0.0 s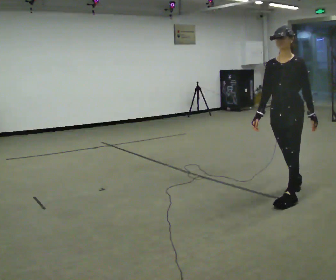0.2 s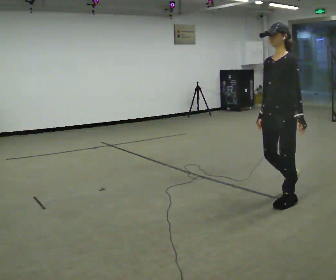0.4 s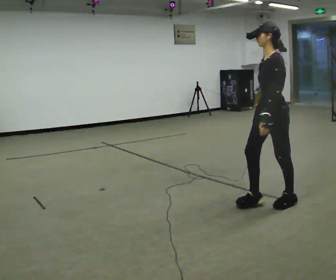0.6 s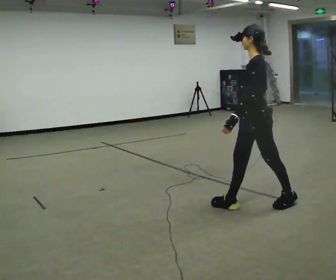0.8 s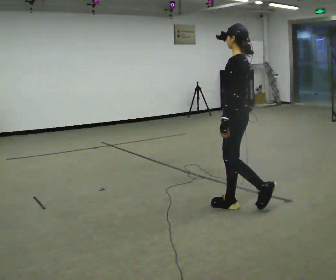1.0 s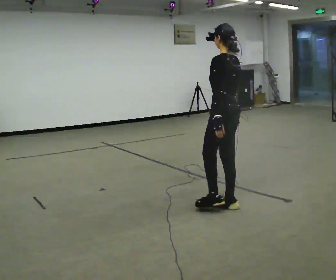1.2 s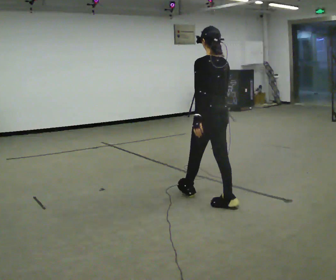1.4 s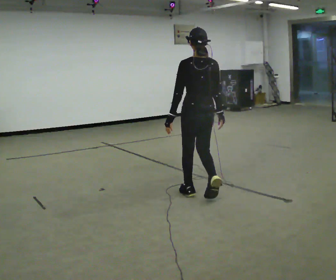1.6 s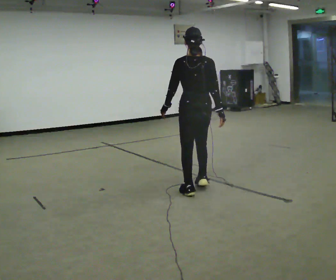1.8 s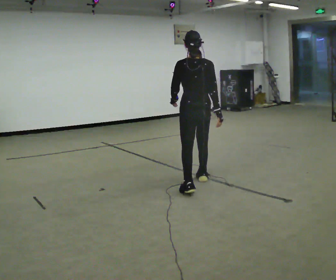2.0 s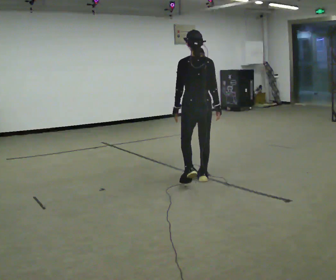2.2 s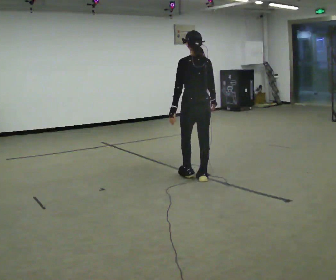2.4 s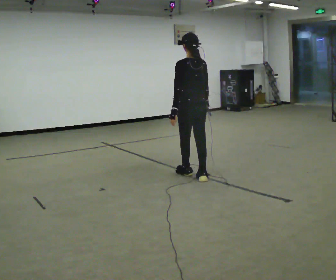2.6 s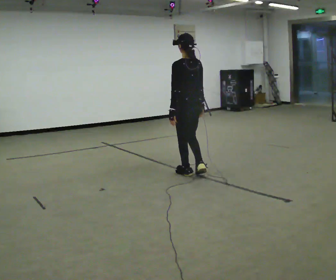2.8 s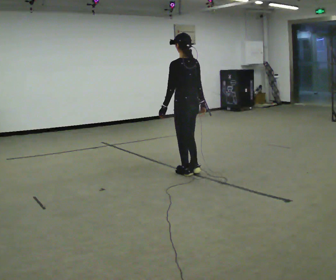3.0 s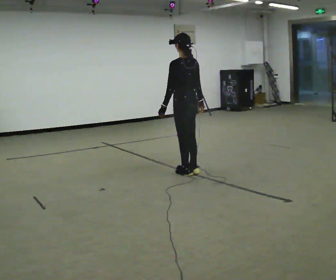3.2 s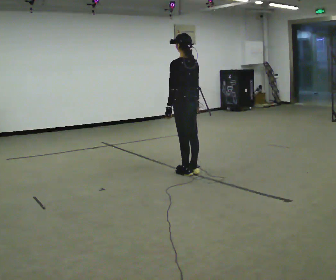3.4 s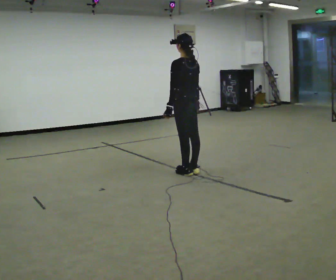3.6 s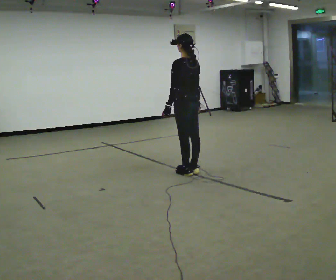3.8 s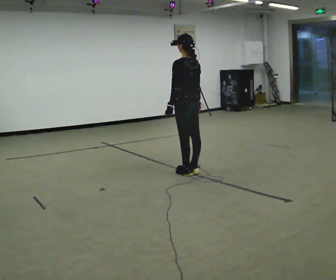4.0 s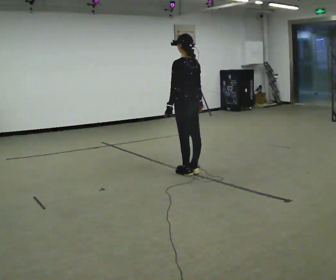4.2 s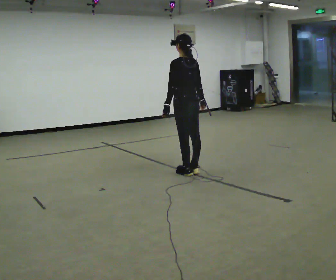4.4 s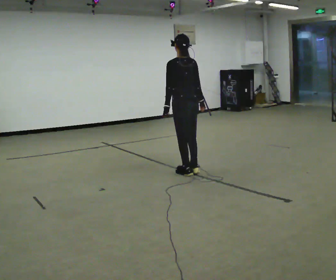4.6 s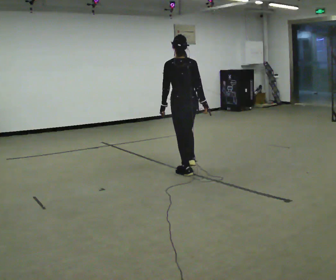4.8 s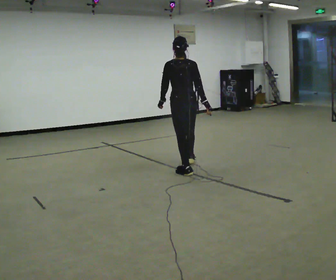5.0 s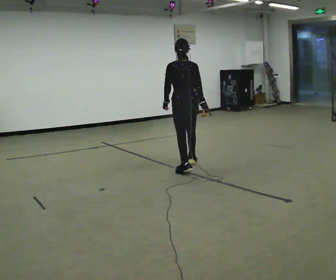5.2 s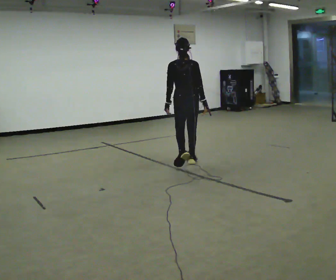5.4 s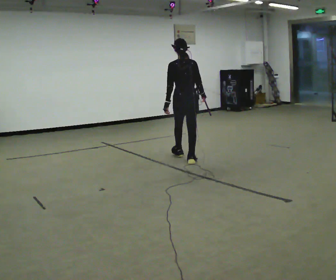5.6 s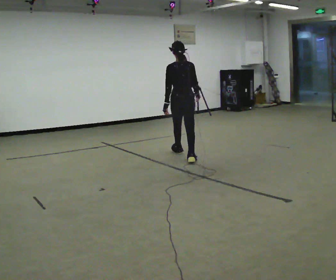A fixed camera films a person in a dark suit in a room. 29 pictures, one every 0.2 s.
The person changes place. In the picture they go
away from the camera.
The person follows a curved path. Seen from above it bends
clockwise.
0.0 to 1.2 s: The part of the body nearest the lens slides to the left as the person turns to their right by about 105 degrees. In the picture they go to the left, about 0.5 m in 1 step.
1.2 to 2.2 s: In the picture they go away from the camera, about 0.75 m in 2 steps, which for them is forward.
2.2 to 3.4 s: In the picture they go away from the camera, about 0.25 m in 2 steps, which for them is forward.
3.4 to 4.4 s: The person moves a little, or ends about where they began.
4.4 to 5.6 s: In the picture they go away from the camera, about 1 m in 2 steps, which for them is forward.
The film runs forward here.
